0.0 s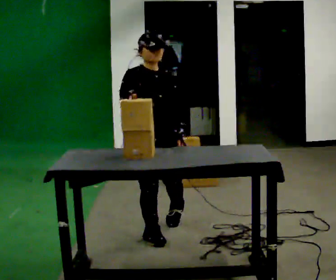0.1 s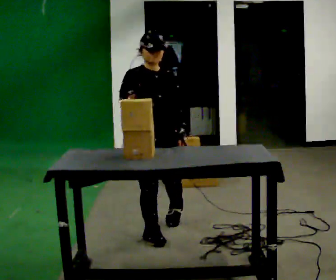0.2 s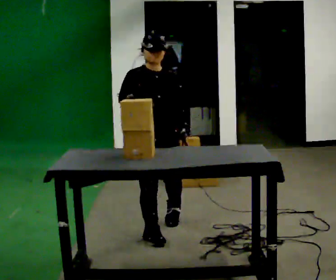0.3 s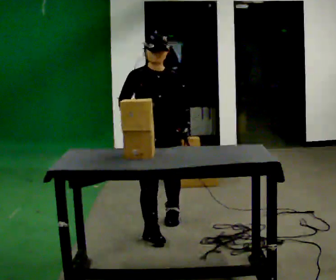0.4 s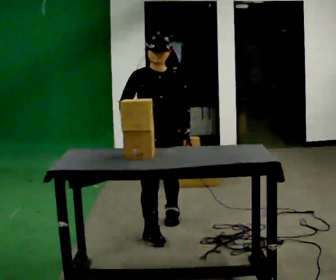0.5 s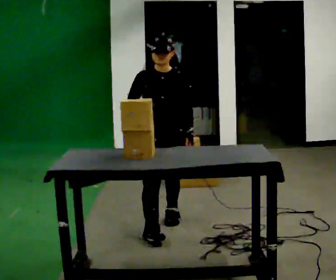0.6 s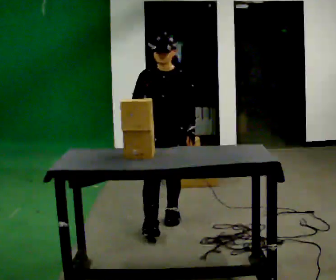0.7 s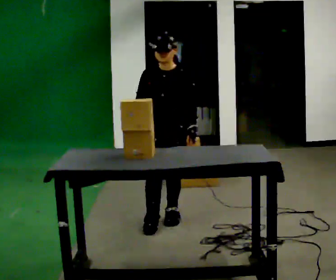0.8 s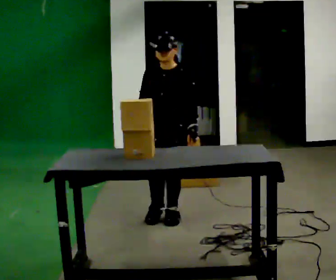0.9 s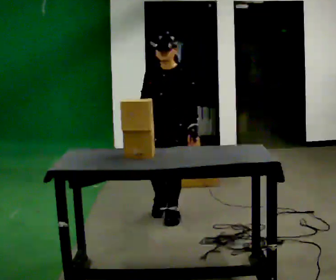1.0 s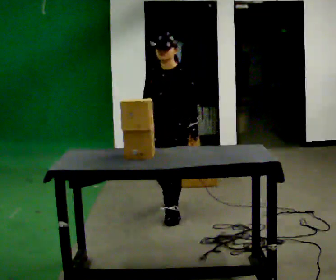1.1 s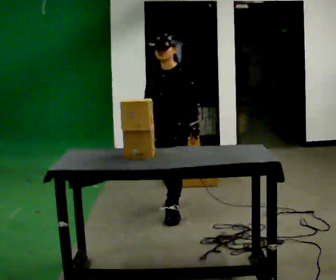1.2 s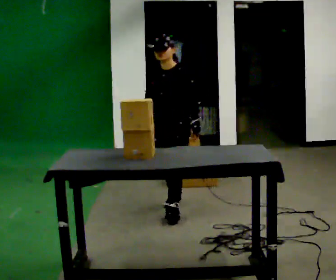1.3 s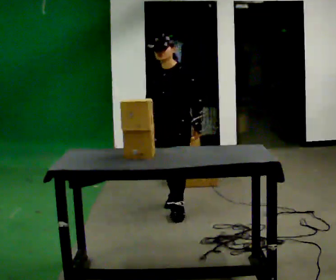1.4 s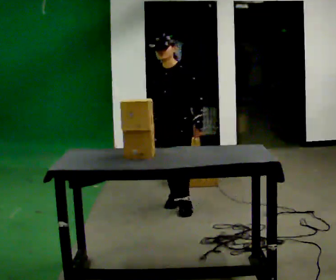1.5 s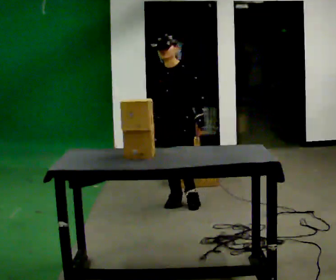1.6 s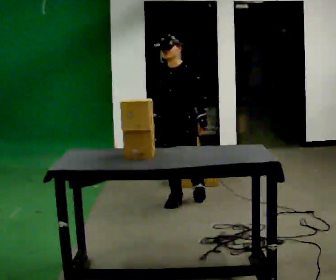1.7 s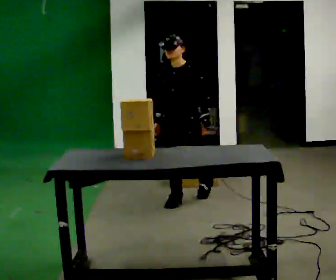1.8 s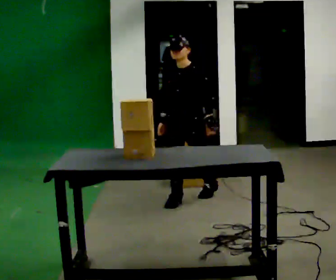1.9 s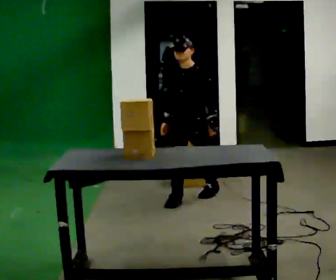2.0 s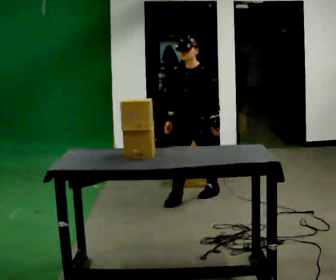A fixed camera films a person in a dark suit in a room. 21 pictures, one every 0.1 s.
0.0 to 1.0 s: The person turns about 60 degrees to their right, clockwise seen from above, so the part of the body nearest the lens slides to the left. In the picture they go away from the camera, about 0.5 m in 2 steps, which for them is backward and to their left.
1.0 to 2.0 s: In the picture they go away from the camera and to the right, about 0.5 m in 1 step, which for them is backward.
The film runs backward here.
